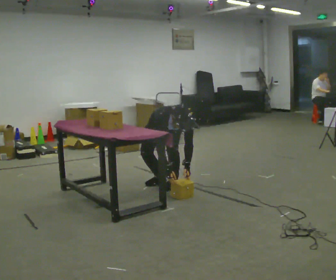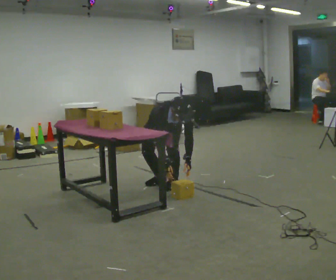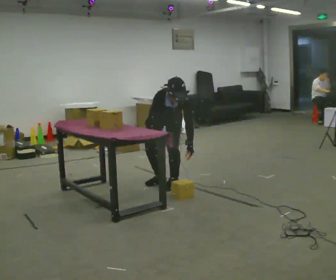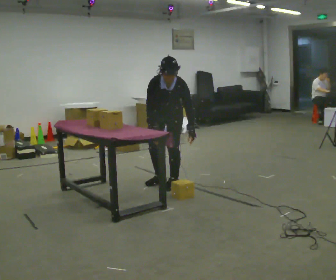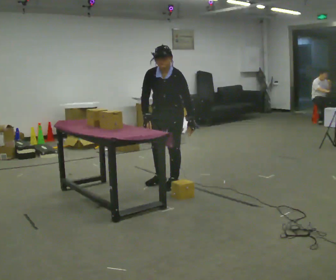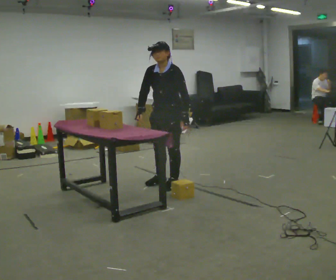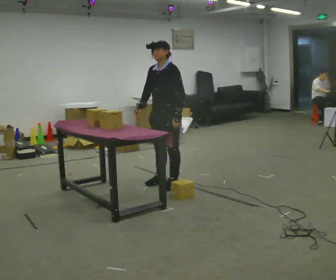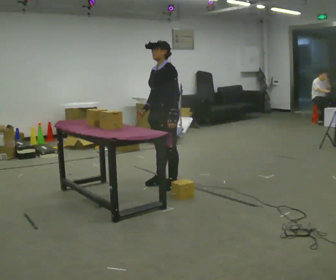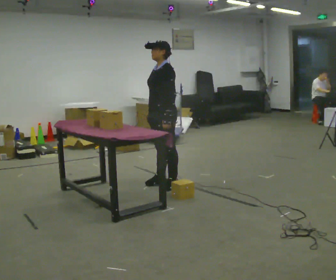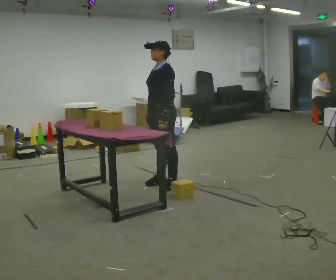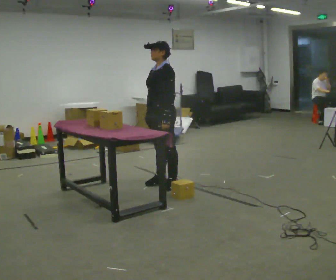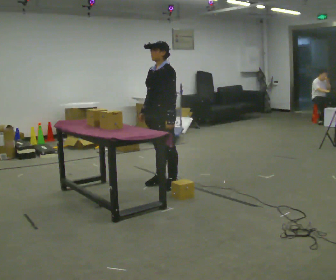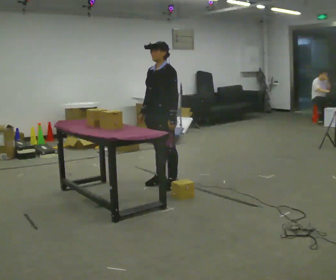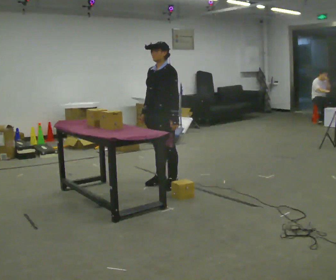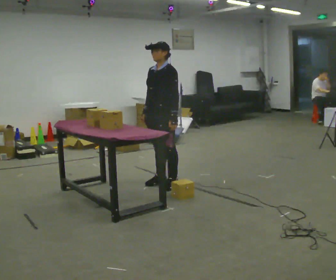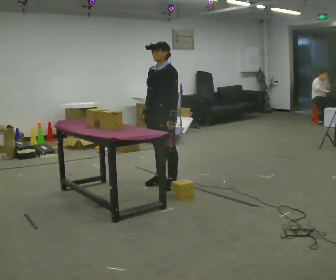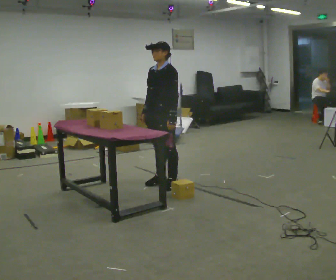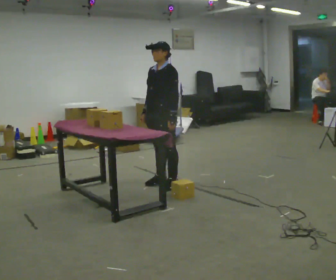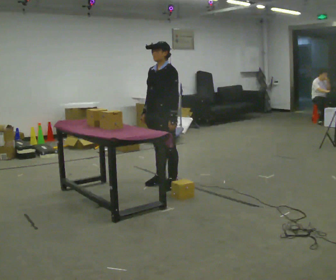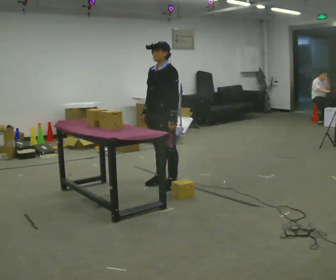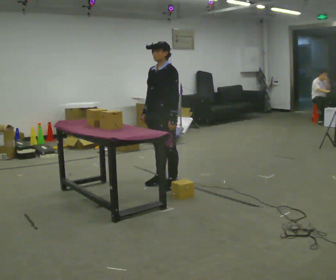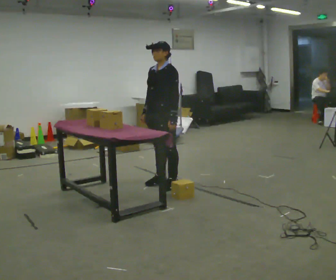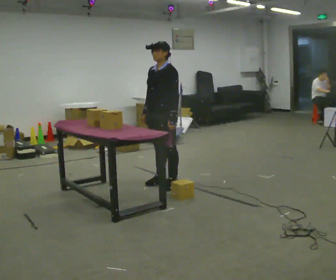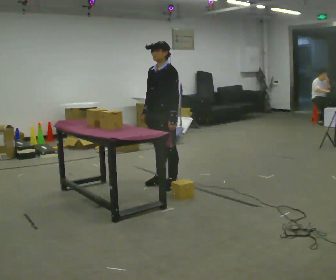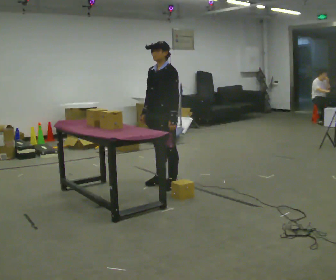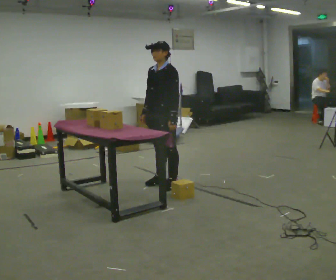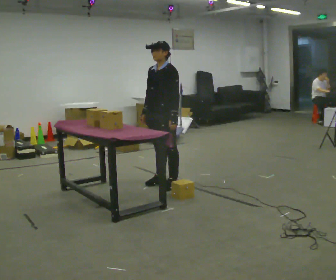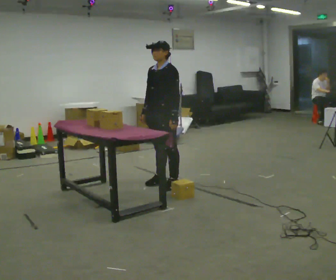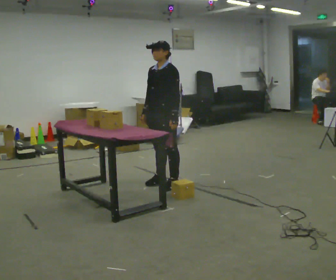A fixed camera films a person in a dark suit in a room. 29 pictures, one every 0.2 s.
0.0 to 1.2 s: Seen from above the body turns clockwise, about 60 degrees: to their right, with its near side sliding to the left. In the picture they go toward the camera, about 0.25 m, which for them is forward. The shoulders move upward. The upper body tips away from the camera, its near side rolling upward, as they lean back or straighten. In the picture their right hand goes upward.
1.2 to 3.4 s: The person moves a little, or ends about where they began.
3.4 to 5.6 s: The person keeps their place and pose.
The film runs forward here.
